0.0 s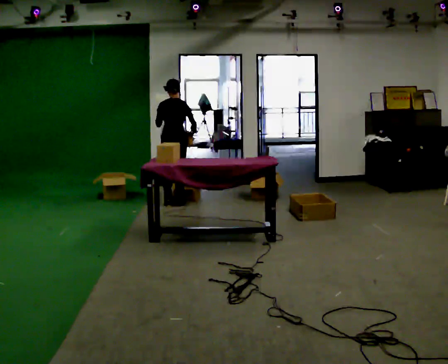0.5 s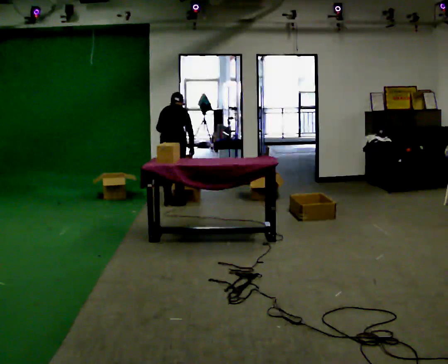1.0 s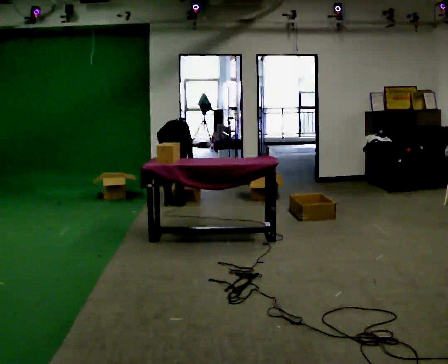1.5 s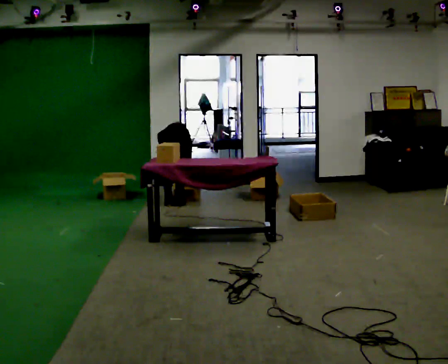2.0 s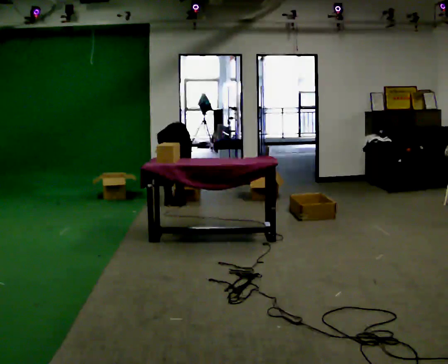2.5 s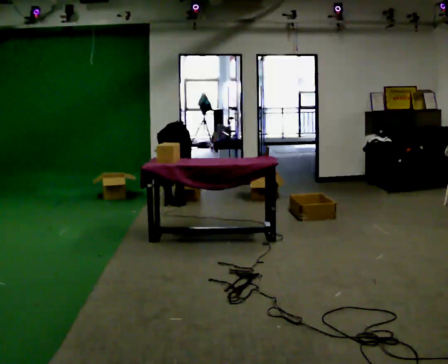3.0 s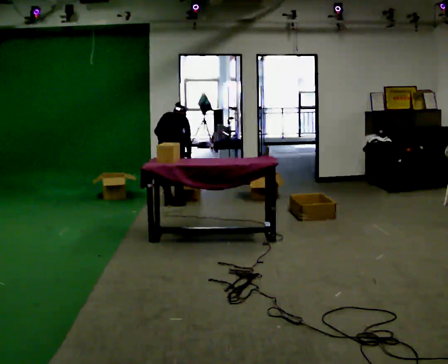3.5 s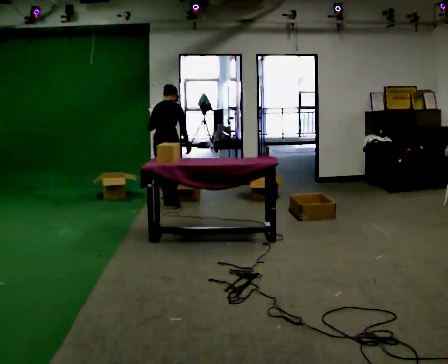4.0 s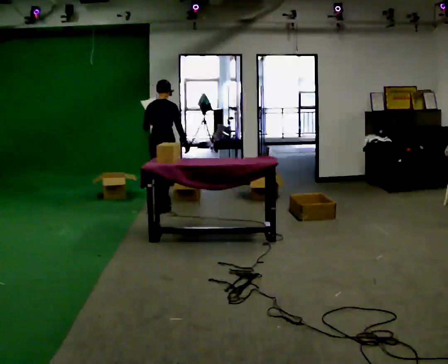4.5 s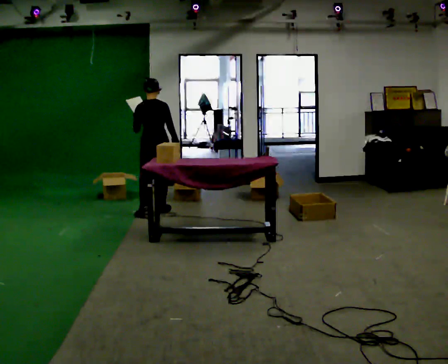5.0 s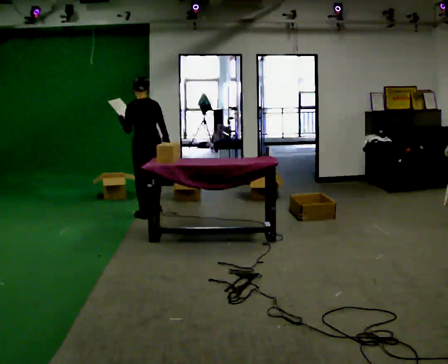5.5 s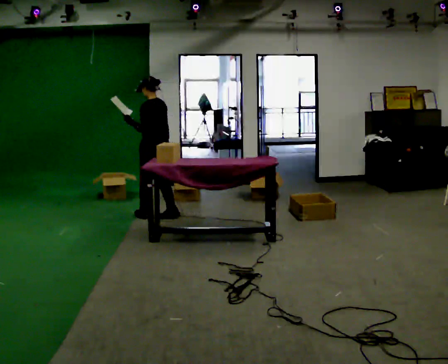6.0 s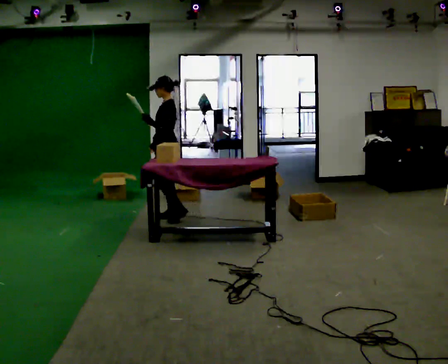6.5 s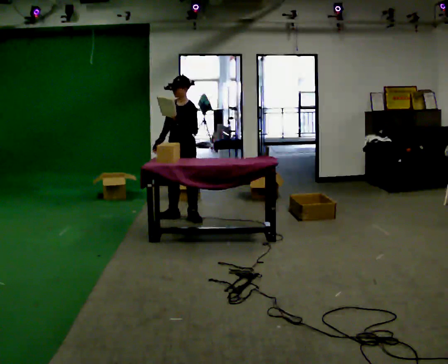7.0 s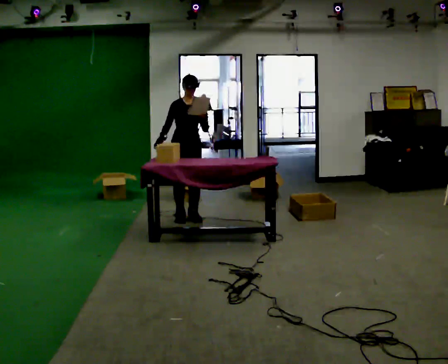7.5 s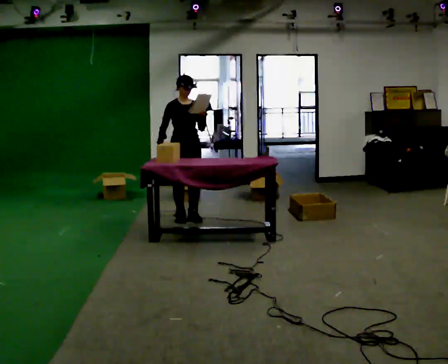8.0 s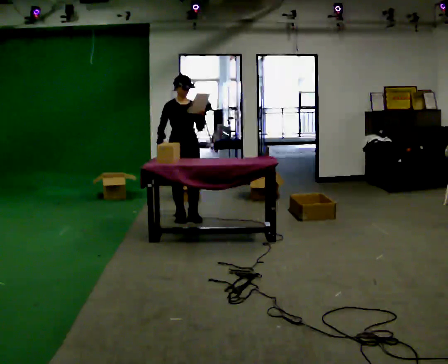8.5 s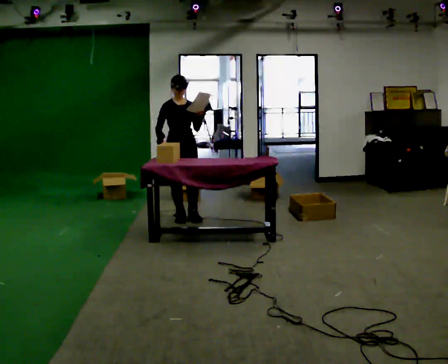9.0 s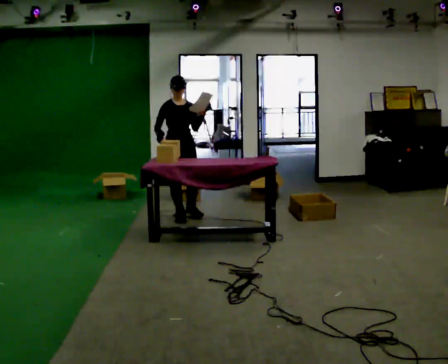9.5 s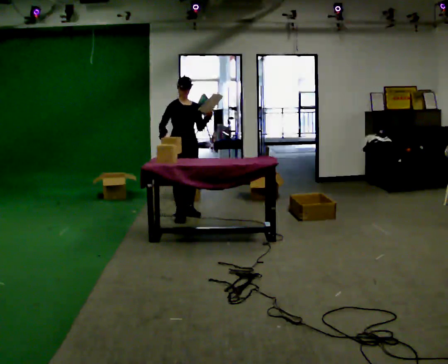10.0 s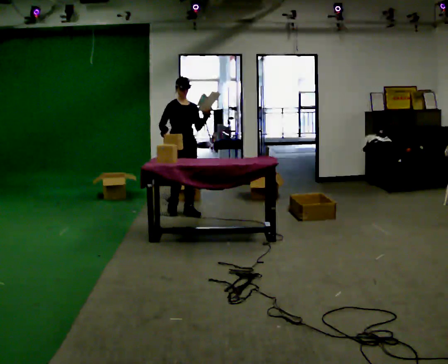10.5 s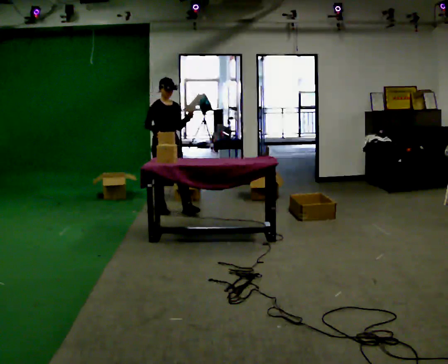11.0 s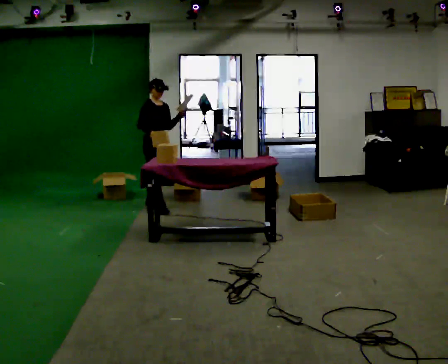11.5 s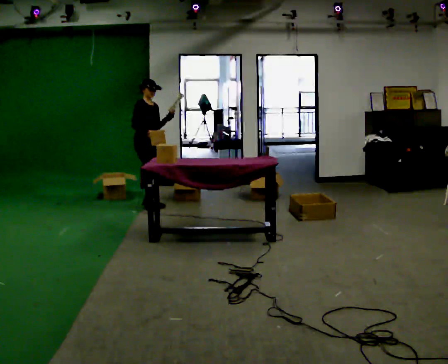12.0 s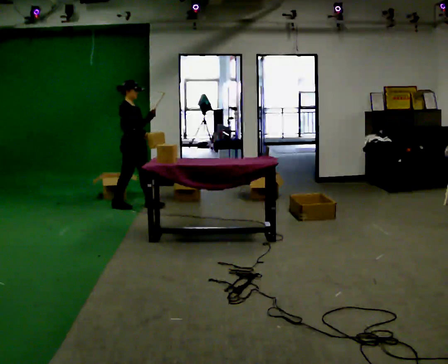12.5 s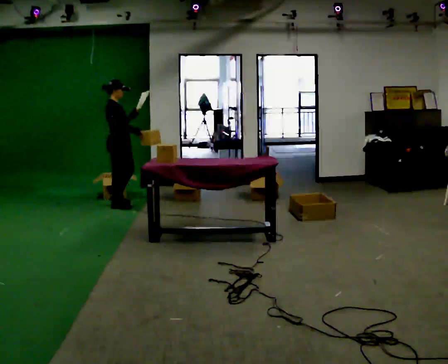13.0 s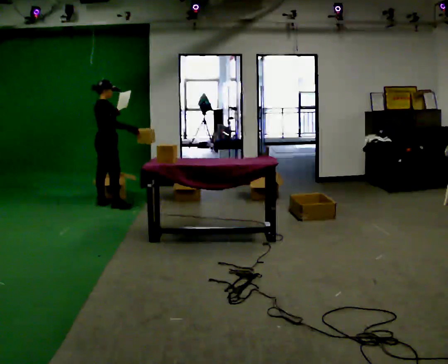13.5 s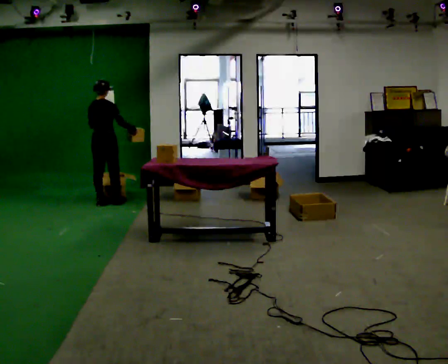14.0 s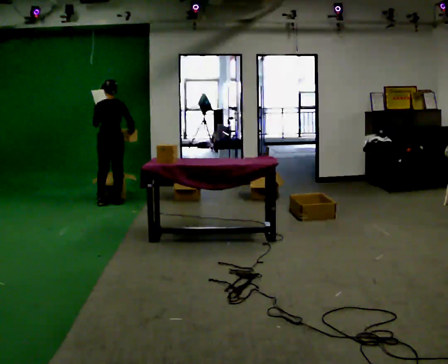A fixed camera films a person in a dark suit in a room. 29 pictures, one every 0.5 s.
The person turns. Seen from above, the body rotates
counterclockwise.
The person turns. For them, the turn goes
to their left.
0.0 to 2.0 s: The shoulders move downward. The upper body tips away from the camera, its near side rolling upward, as they bend forward. In the picture their right hand goes downward.
2.0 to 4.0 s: In the picture they go toward the camera, about 0.25 m in 2 steps, which for them is backward. The upper body goes upward. The upper body tips toward the camera, its near side rolling downward, as they lean back or straighten. In the picture their left hand goes upward.
4.0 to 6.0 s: Seen from above the body turns counterclockwise, about 120 degrees: to their left, with its near side sliding to the right. In the picture they go toward the camera, about 0.5 m in 2 steps.
6.0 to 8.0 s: Seen from above the body turns counterclockwise, about 90 degrees: to their left, with its near side sliding to the right. In the picture they go to the right, about 0.25 m.
8.0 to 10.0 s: In the picture they go away from the camera, about 0.25 m in 2 steps, which for them is backward.
10.0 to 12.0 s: The part of the body nearest the lens slides to the right as the person turns to their left by about 45 degrees. In the picture they go to the left and away from the camera, about 0.75 m in 2 steps, which for them is backward.
12.0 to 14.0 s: The part of the body nearest the lens slides to the right as the person turns to their left by about 120 degrees. In the picture they go to the left and away from the camera, about 0.25 m in 2 steps.
The film runs backward here.
